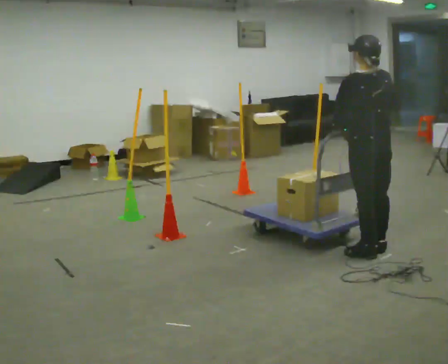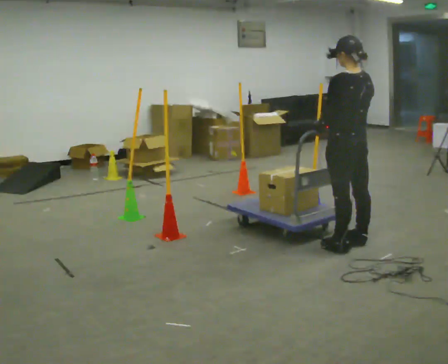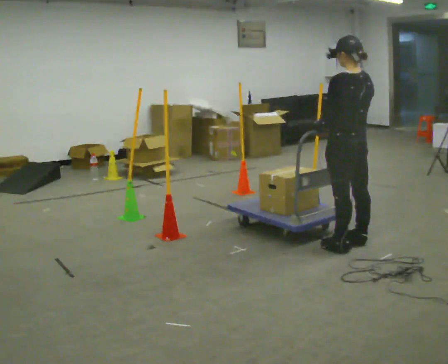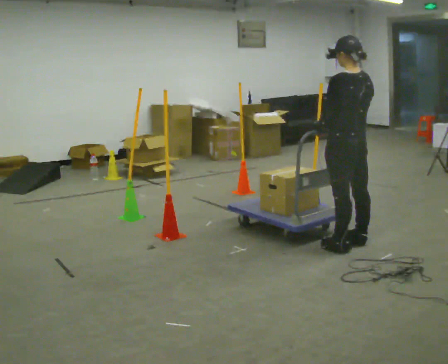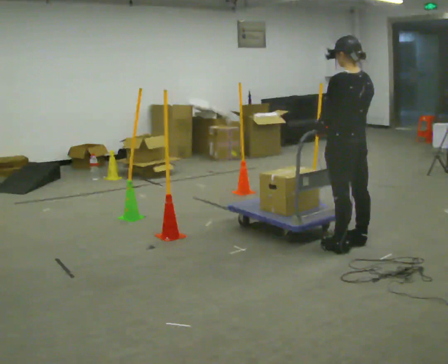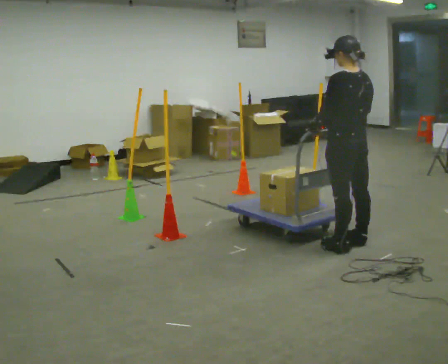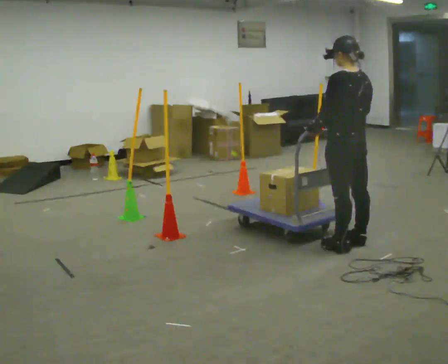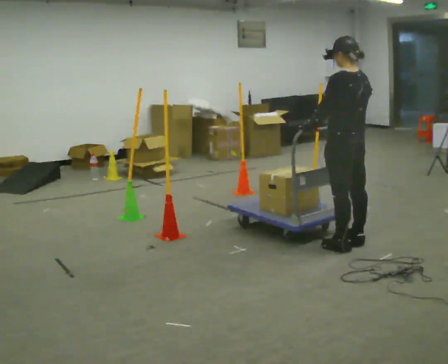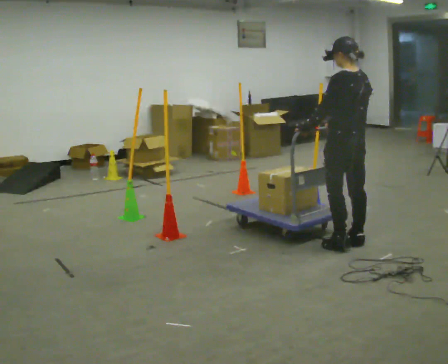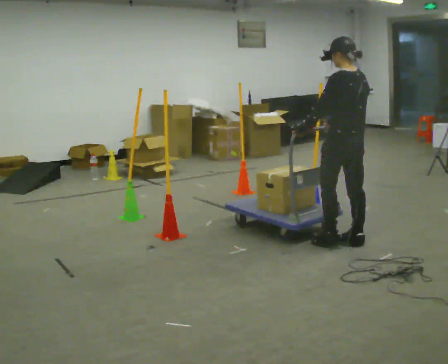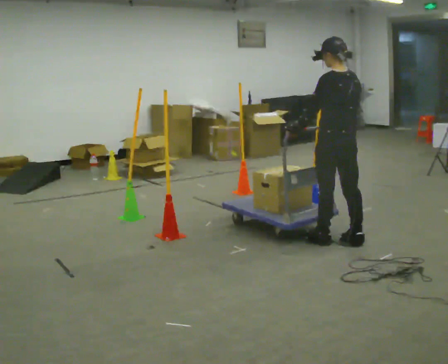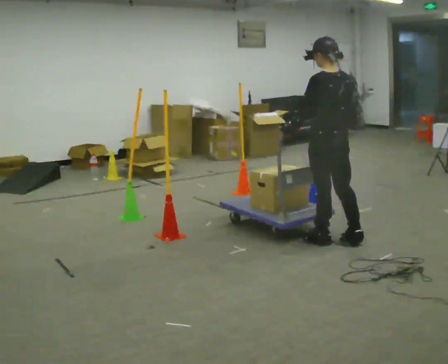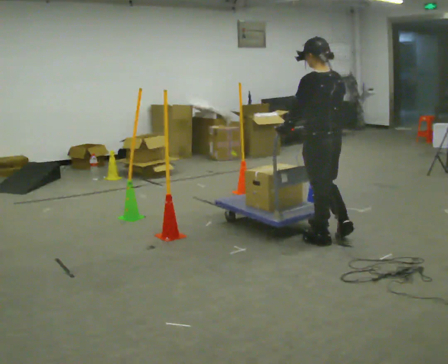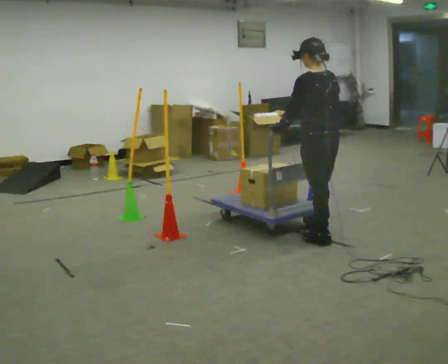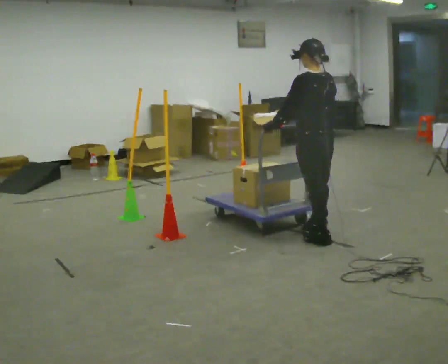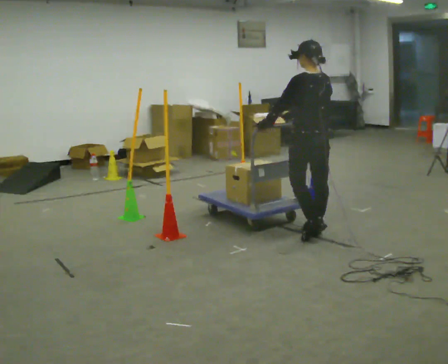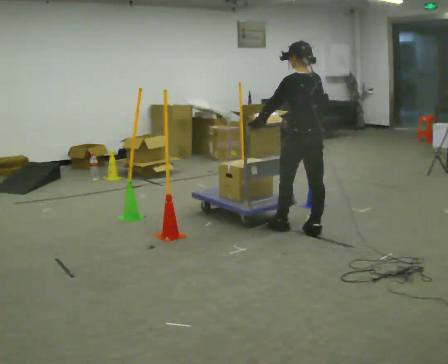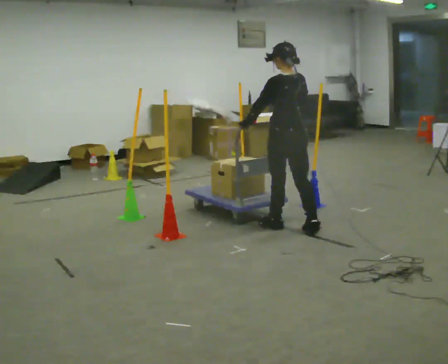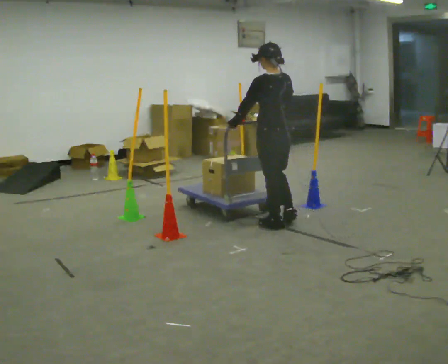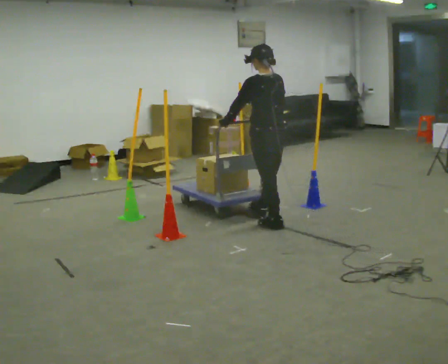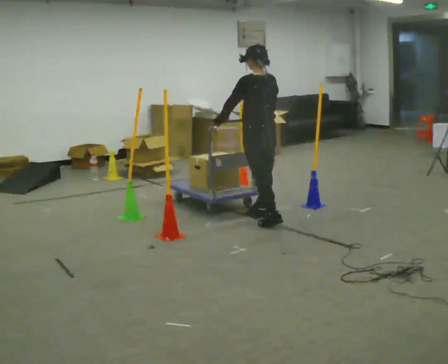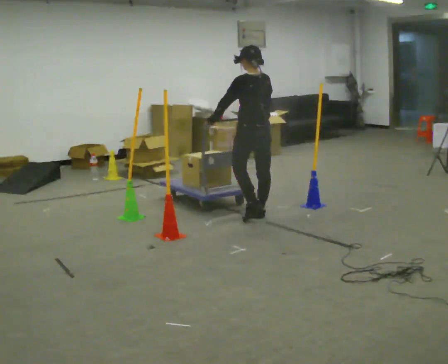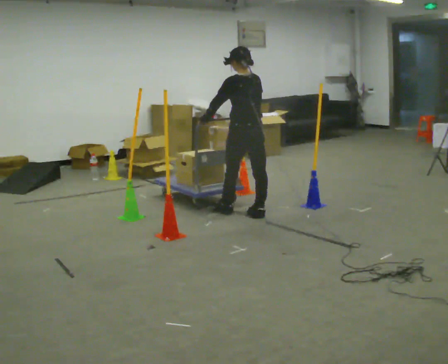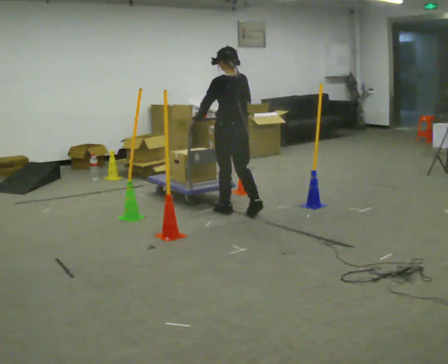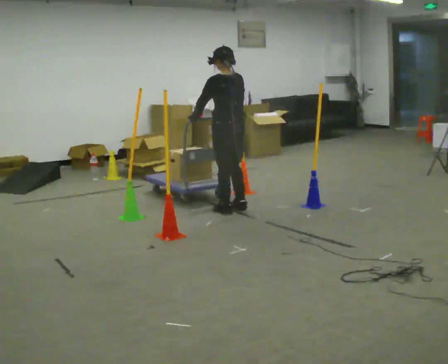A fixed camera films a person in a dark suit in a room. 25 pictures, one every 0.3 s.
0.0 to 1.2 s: In the picture they go to the left, about 0.25 m, which for them is forward.
1.2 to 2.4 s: The person moves a little, or ends about where they began.
2.4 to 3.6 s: In the picture they go to the left, about 0.25 m in 1 step, which for them is forward and to their left.
3.6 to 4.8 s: In the picture they go away from the camera, about 0.25 m in 1 step, which for them is forward.
4.8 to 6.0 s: In the picture they go to the left and away from the camera, about 0.5 m in 2 steps, which for them is forward.
6.0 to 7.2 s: In the picture they go to the left and away from the camera, about 0.5 m in 1 step, which for them is forward.
The film runs forward here.
